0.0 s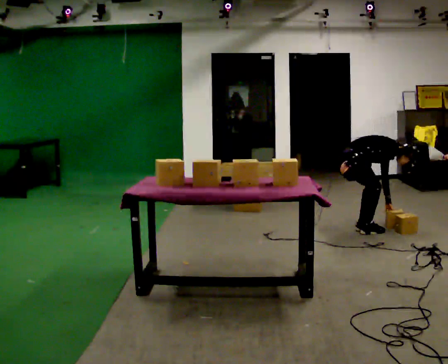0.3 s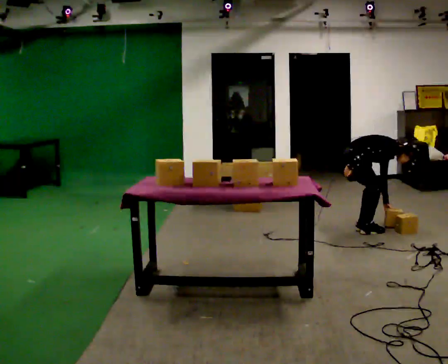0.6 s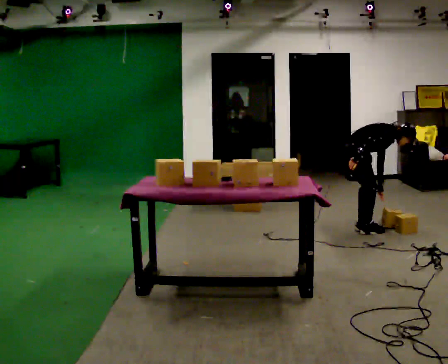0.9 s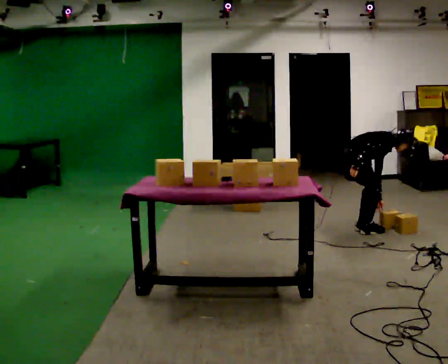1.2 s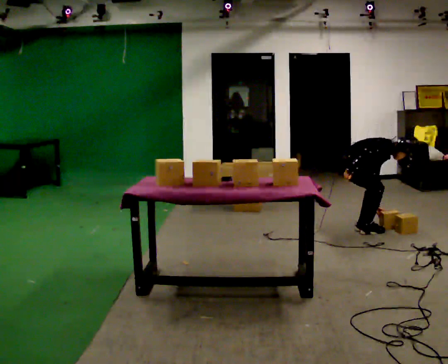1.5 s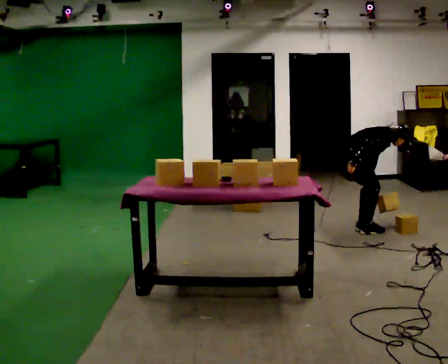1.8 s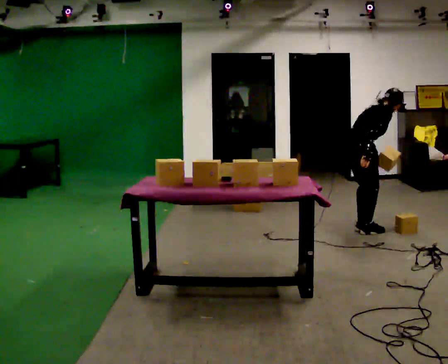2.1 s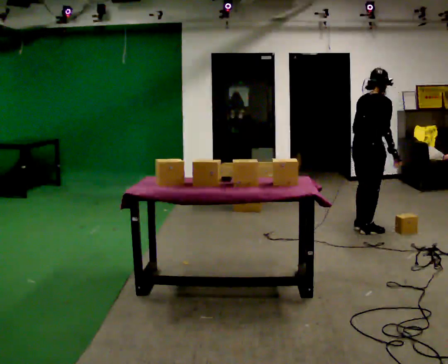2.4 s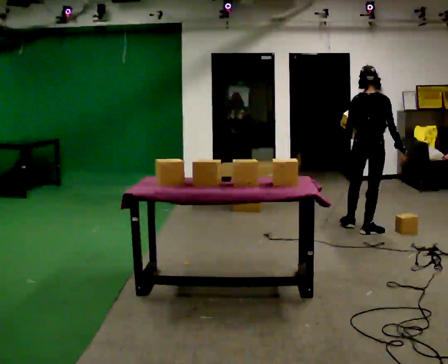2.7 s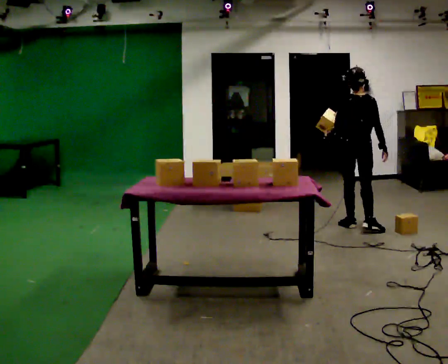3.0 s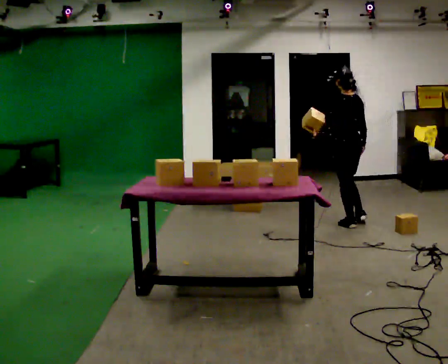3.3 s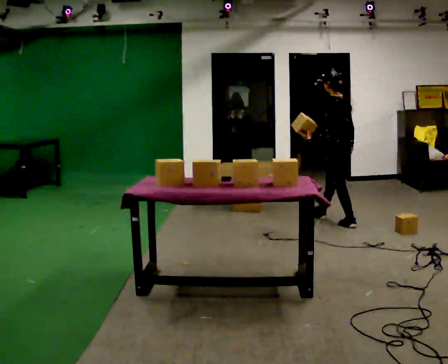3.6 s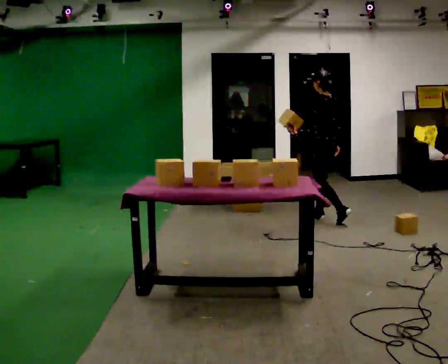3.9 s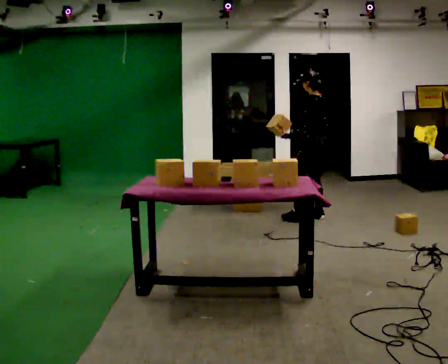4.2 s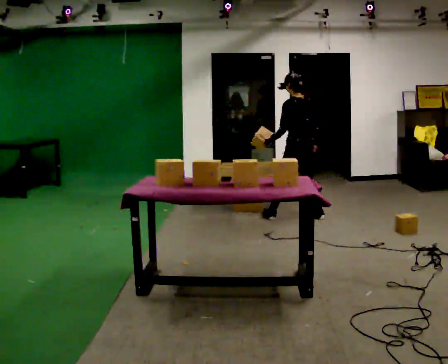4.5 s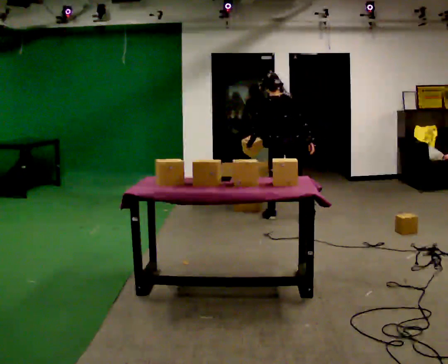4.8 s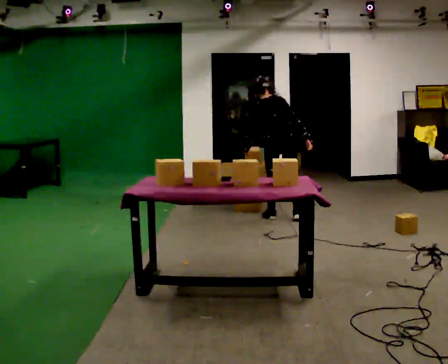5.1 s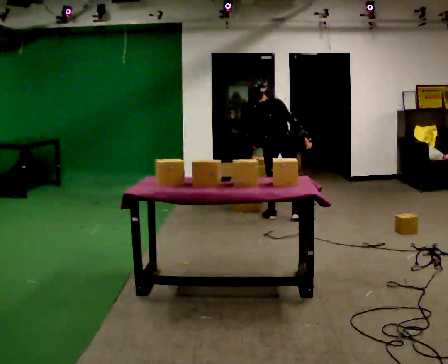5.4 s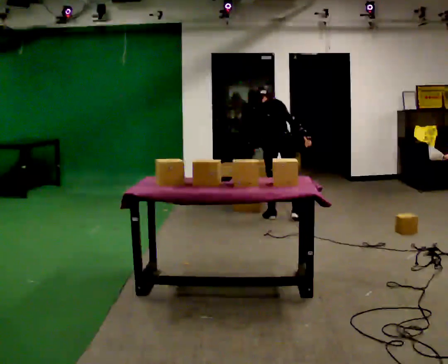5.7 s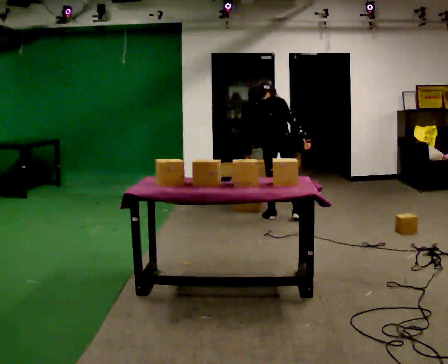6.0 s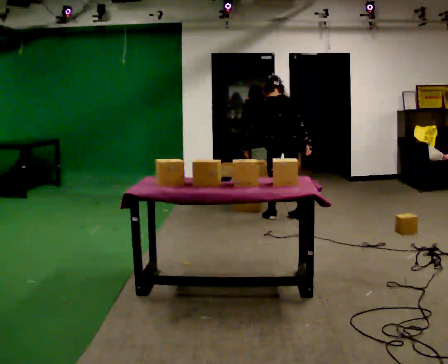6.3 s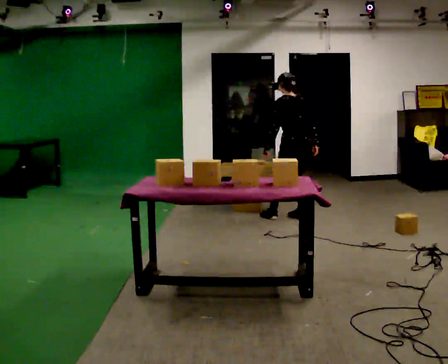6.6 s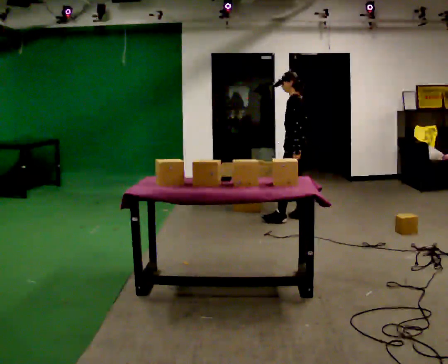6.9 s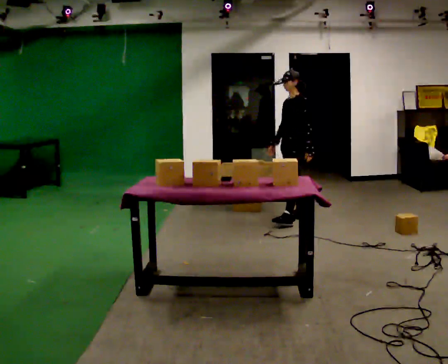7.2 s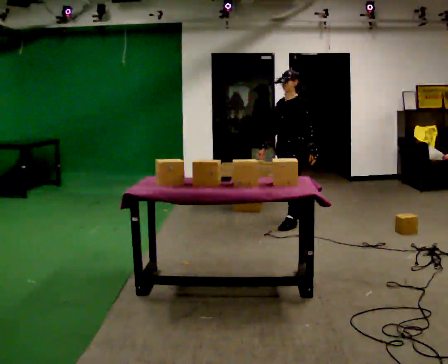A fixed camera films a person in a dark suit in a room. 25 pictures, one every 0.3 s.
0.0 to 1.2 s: The person moves a little, or ends about where they began.
1.2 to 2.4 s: The person turns about 60 degrees to their left, counterclockwise seen from above, so the part of the body nearest the lens slides to the right. In the picture they go to the right, about 0.25 m in 1 step, which for them is forward. The shoulders move upward. In the picture the upper body tilts counterclockwise, shoulders to the left, as they lean back or straighten. In the picture their right hand goes to the right.
2.4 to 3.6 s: Seen from above the body turns counterclockwise, about 75 degrees: to their left, with its near side sliding to the right. In the picture they go to the left and away from the camera, about 0.75 m in 1 step.
3.6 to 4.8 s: The person turns about 60 degrees to their right, clockwise seen from above, so the part of the body nearest the lens slides to the left. In the picture they go to the left, about 0.5 m in 2 steps, which for them is to their left and forward. In the picture the upper body tilts counterclockwise, shoulders to the left, as they bend forward.
4.8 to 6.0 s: The person moves a little, or ends about where they began.
6.0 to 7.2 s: The part of the body nearest the lens slides to the right as the person turns to their left by about 120 degrees. In the picture they go toward the camera, about 0.25 m in 1 step. In the picture their right hand goes to the left, the arm swinging clockwise.
The film runs forward here.
